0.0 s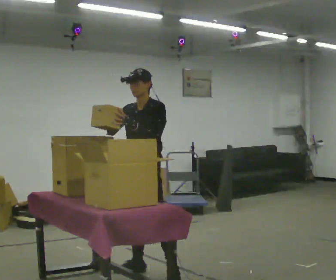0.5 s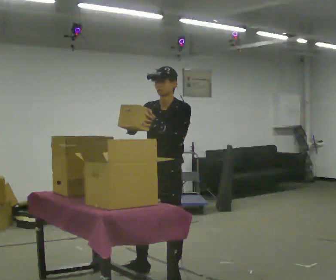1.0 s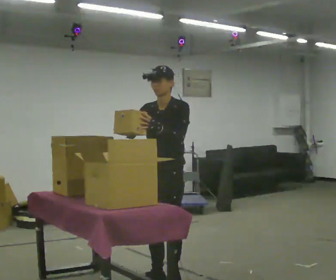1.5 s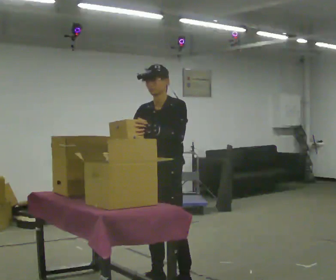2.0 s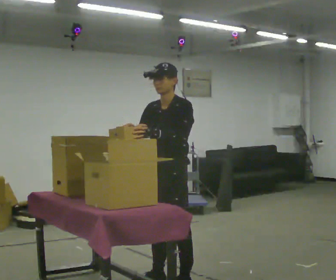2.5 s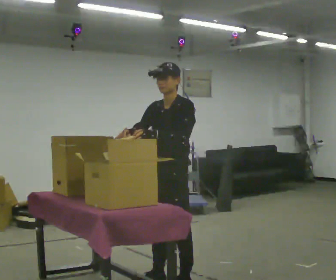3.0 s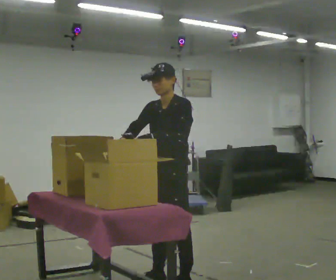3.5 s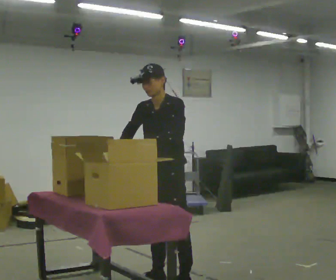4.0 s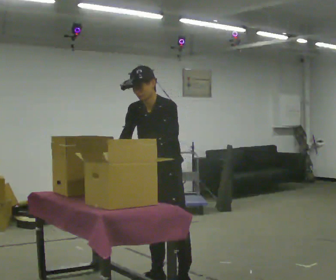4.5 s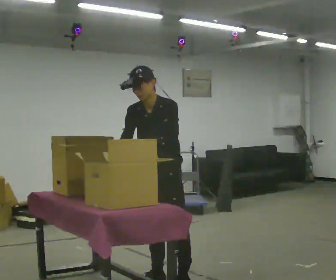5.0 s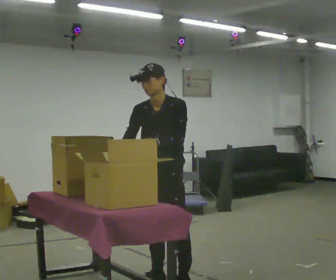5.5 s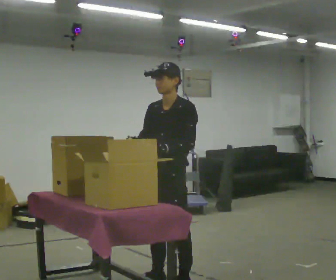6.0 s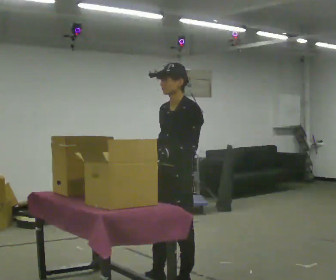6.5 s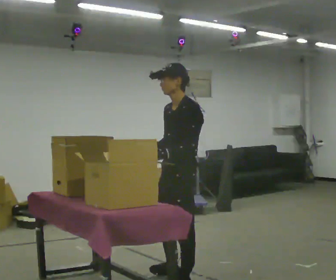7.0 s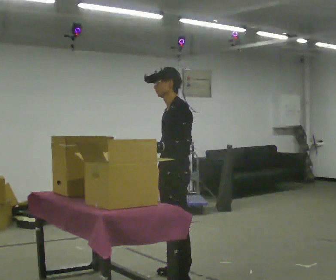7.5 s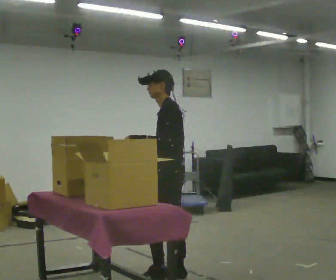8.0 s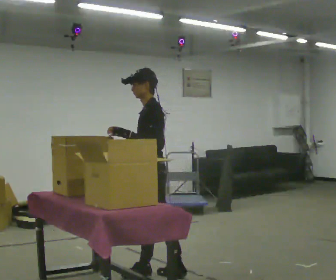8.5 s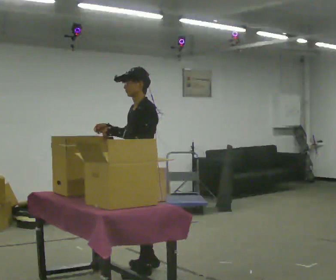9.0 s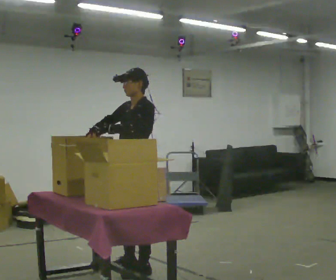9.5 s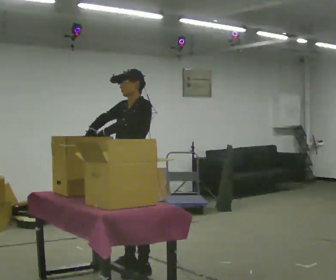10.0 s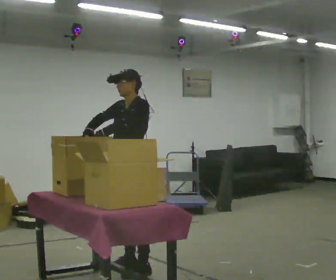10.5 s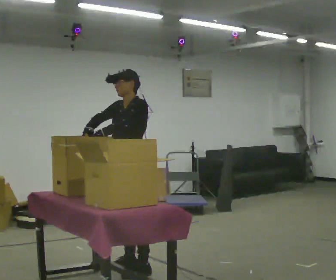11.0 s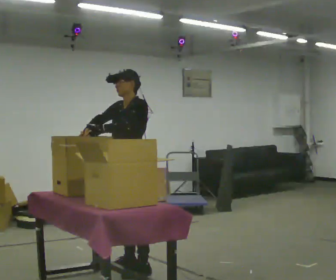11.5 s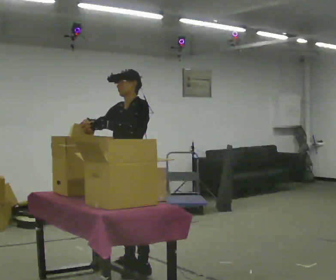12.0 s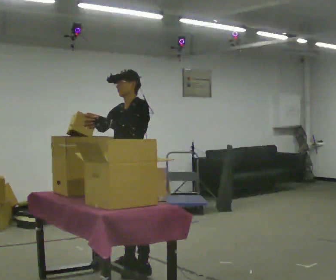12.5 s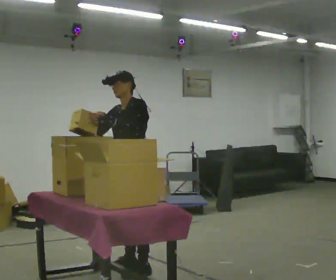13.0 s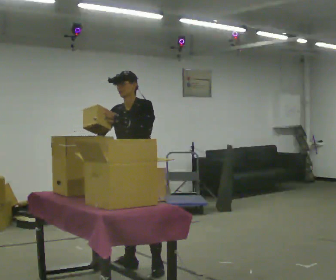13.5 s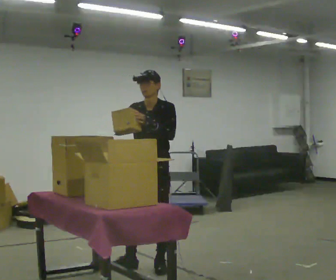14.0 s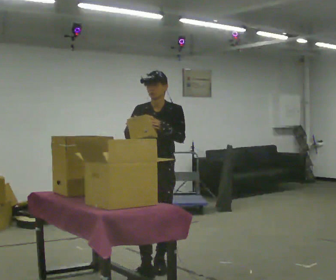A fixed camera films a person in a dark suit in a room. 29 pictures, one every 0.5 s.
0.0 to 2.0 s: In the picture they go toward the camera and to the right, about 0.5 m in 2 steps, which for them is to their left and forward.
2.0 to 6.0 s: The person moves a little, or ends about where they began.
6.0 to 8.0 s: Seen from above the body turns clockwise, about 30 degrees: to their right, with its near side sliding to the left. In the picture they go away from the camera and to the left, about 0.5 m in 2 steps, which for them is to their right.
8.0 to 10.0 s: The person turns about 30 degrees to their left, counterclockwise seen from above, so the part of the body nearest the lens slides to the right. In the picture they go to the left, about 0.25 m in 1 step, which for them is to their right. In the picture their right hand goes to the left.
10.0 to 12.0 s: The person moves a little, or ends about where they began.
12.0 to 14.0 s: The person turns about 45 degrees to their left, counterclockwise seen from above, so the part of the body nearest the lens slides to the right. In the picture they go to the right, about 0.25 m in 2 steps, which for them is to their left. In the picture their right hand goes to the right.
The film runs forward here.
